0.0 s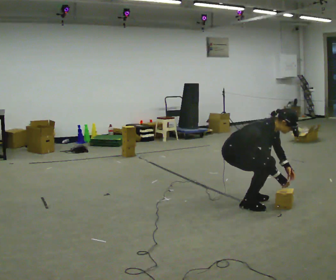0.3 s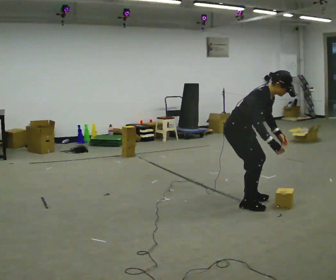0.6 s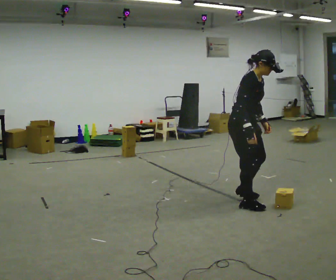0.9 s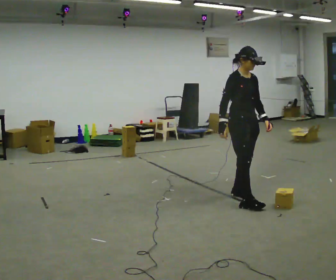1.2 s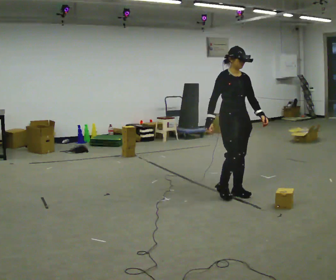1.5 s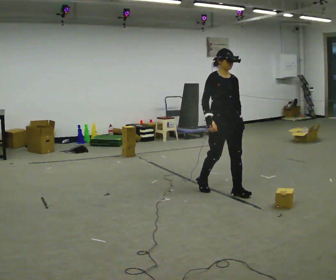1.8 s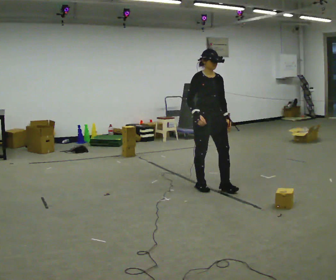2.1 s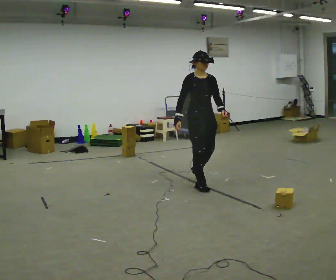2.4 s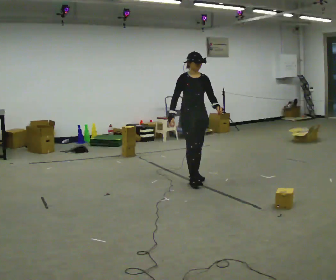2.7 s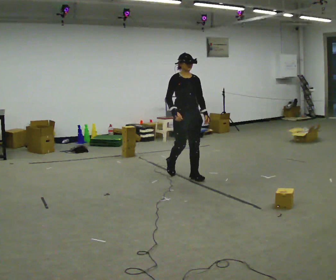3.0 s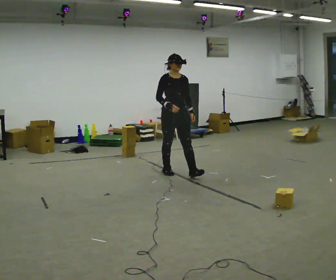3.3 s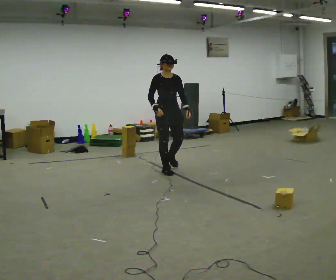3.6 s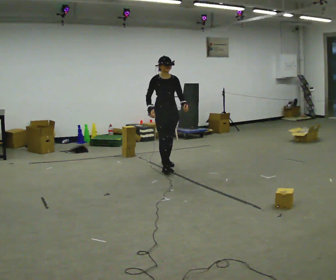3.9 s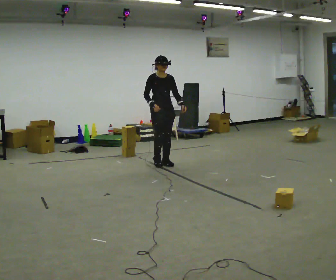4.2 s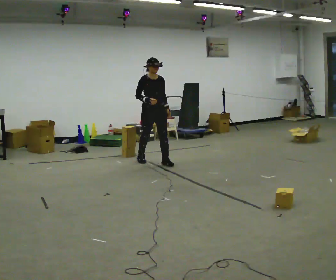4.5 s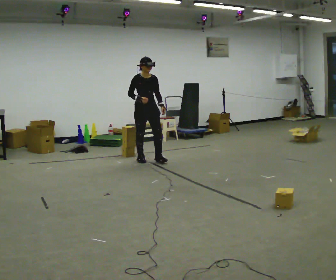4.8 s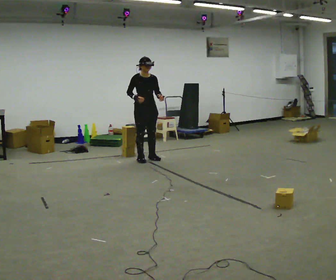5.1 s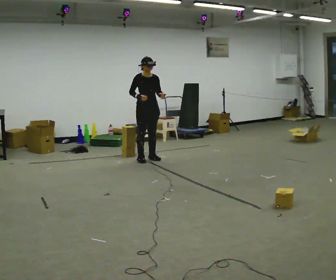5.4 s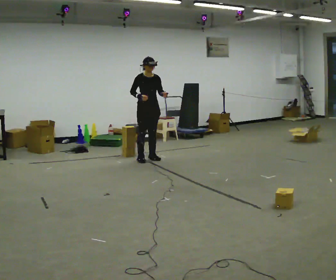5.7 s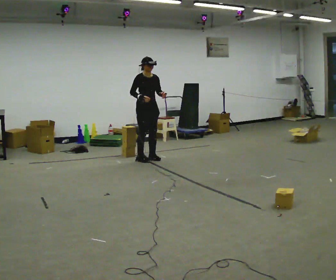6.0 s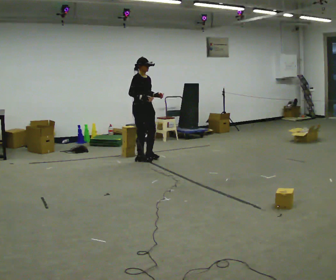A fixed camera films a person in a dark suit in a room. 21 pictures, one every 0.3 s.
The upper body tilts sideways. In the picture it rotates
counterclockwise.
The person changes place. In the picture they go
away from the camera.
0.0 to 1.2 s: The part of the body nearest the lens slides to the left as the person turns to their right by about 30 degrees. In the picture they go away from the camera, about 0.25 m in 2 steps, which for them is to their left and backward. The shoulders move upward. In the picture the upper body tilts counterclockwise, shoulders to the left, as they lean back or straighten. In the picture their right hand goes upward.
1.2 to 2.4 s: In the picture they go away from the camera and to the left, about 1 m in 2 steps, which for them is backward.
2.4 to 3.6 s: In the picture they go away from the camera and to the left, about 0.5 m in 1 step, which for them is backward.
3.6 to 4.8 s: In the picture they go away from the camera and to the left, about 0.5 m in 2 steps, which for them is backward.
4.8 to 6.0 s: The part of the body nearest the lens slides to the right as the person turns to their left by about 30 degrees.
The film runs backward here.
